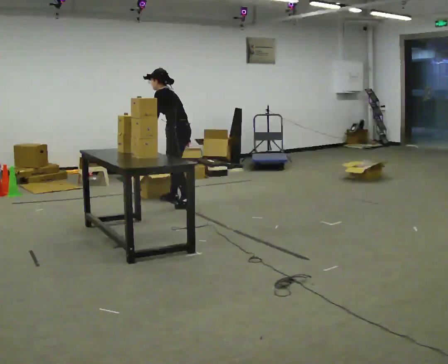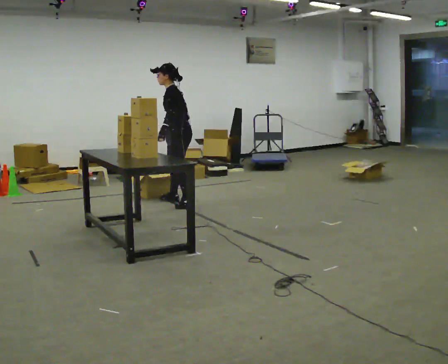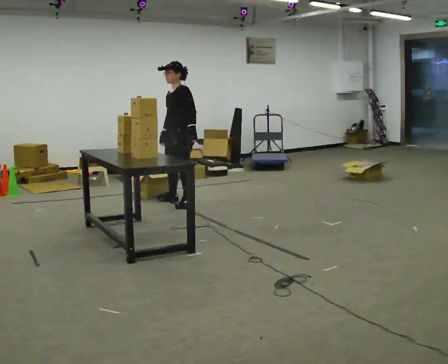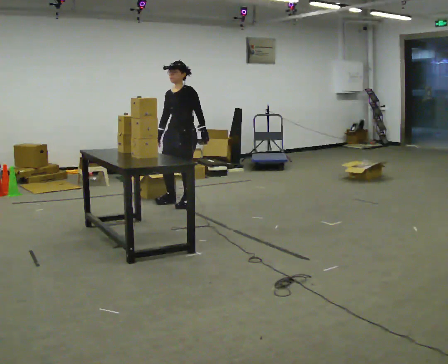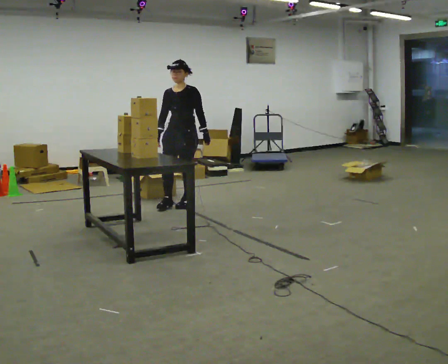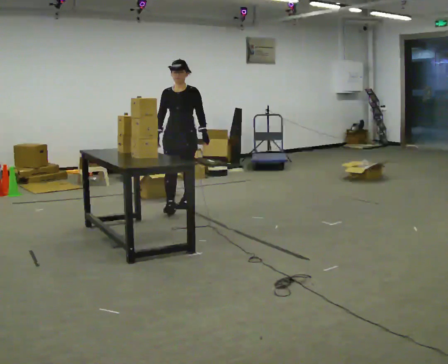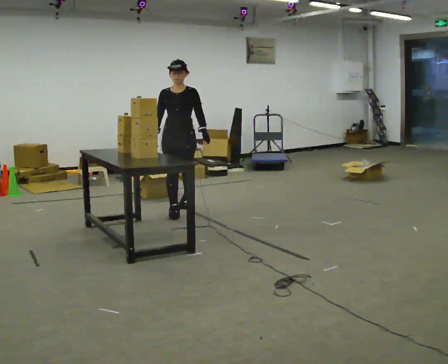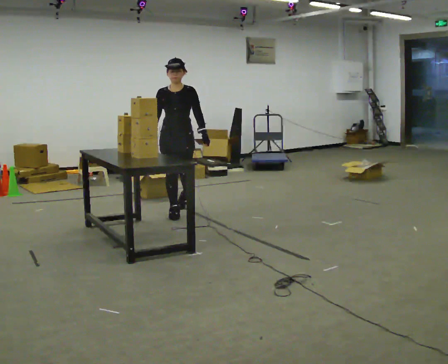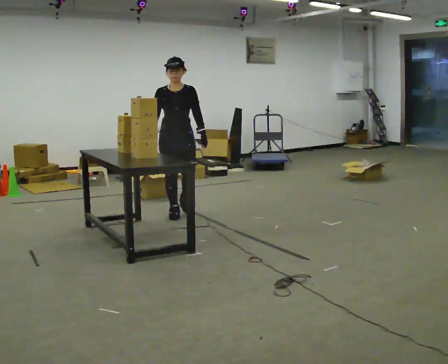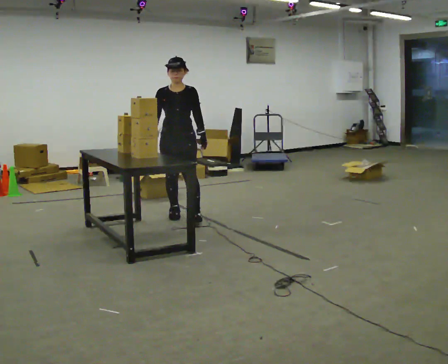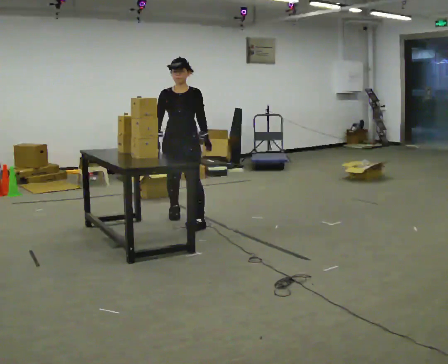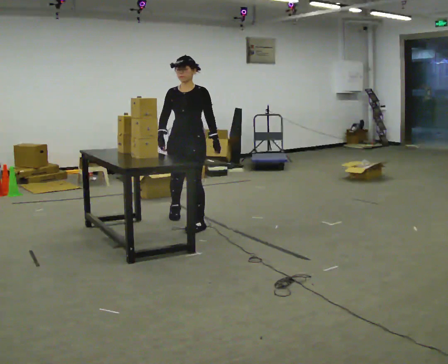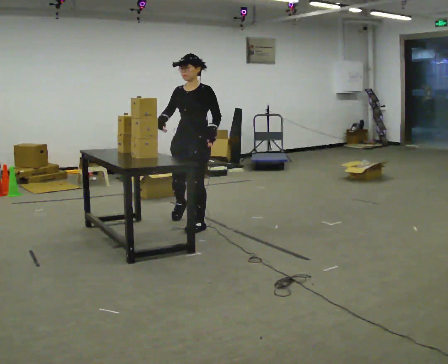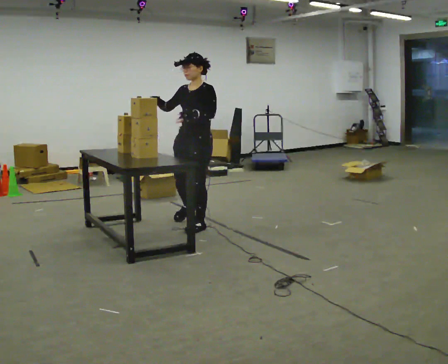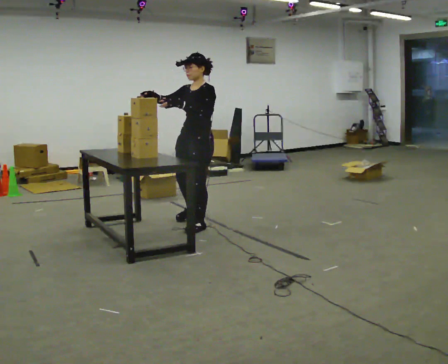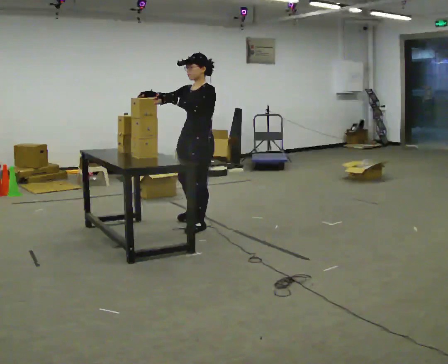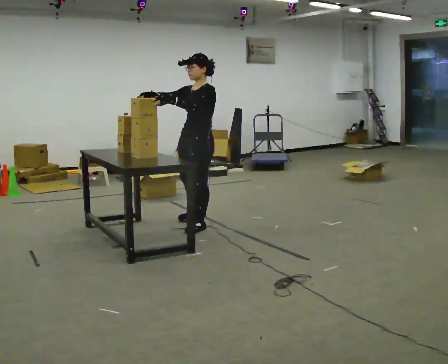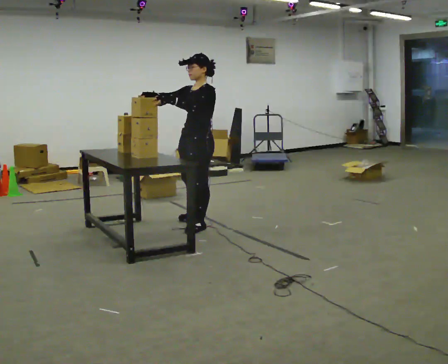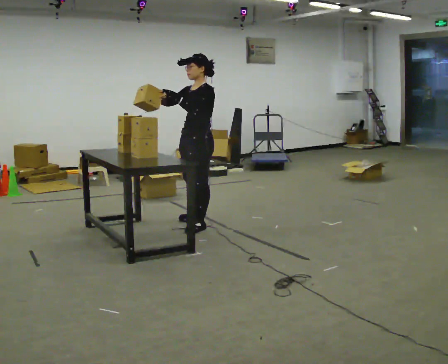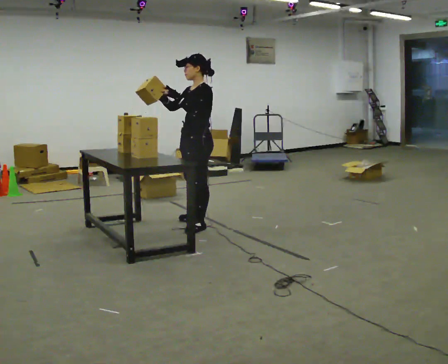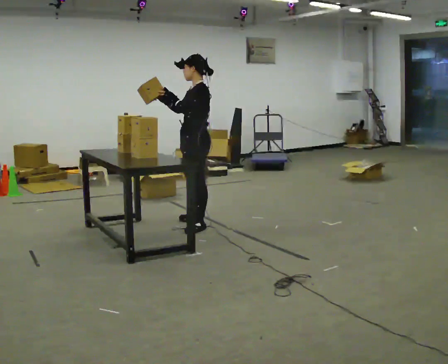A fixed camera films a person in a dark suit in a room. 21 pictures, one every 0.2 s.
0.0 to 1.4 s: The person turns about 105 degrees to their left, counterclockwise seen from above, so the part of the body nearest the lens slides to the right. In the picture they go toward the camera, about 0.5 m in 1 step. In the picture the upper body tilts clockwise, shoulders to the right, as they lean back or straighten.
1.4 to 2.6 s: The part of the body nearest the lens slides to the left as the person turns to their right by about 45 degrees. In the picture they go toward the camera and to the right, about 0.5 m in 1 step, which for them is forward and to their left.
2.6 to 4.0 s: The part of the body nearest the lens slides to the left as the person turns to their right by about 45 degrees.
The film runs forward here.
